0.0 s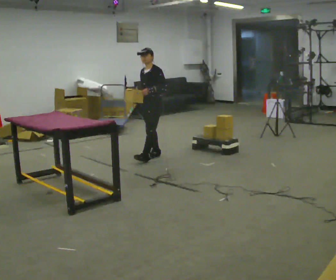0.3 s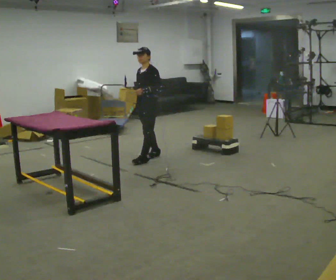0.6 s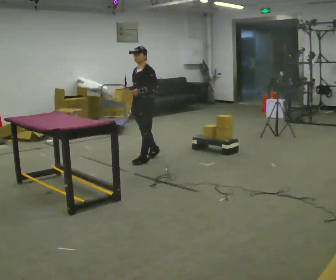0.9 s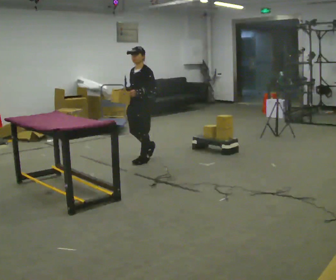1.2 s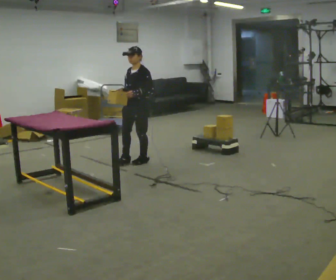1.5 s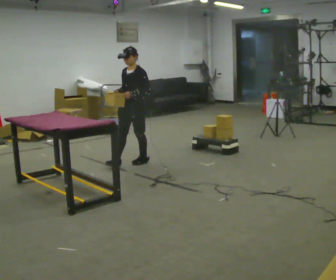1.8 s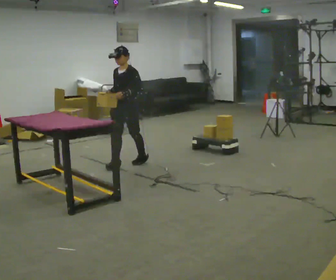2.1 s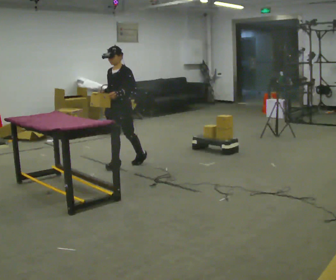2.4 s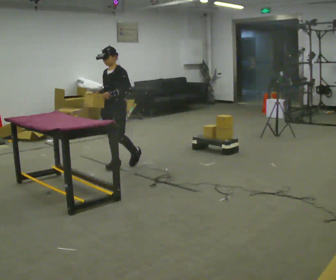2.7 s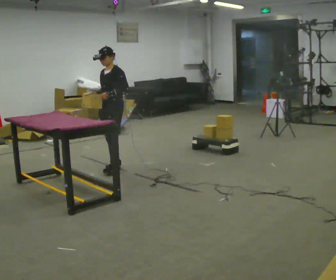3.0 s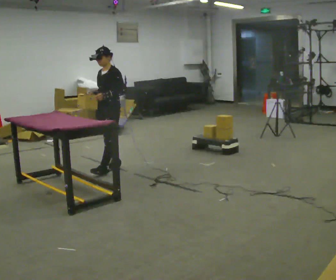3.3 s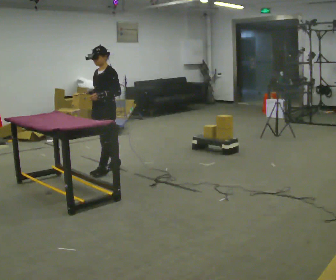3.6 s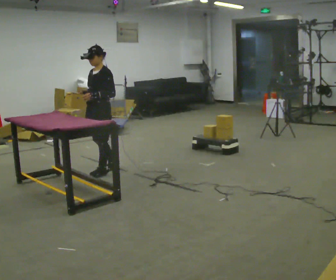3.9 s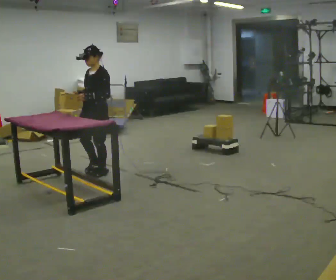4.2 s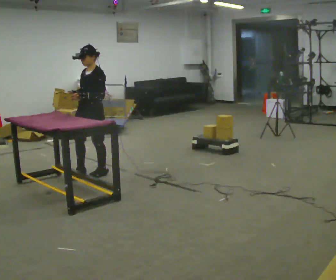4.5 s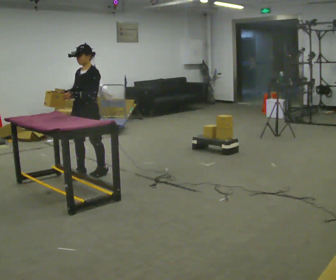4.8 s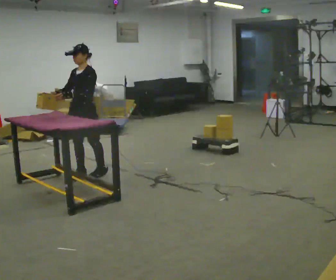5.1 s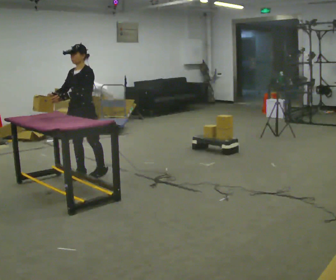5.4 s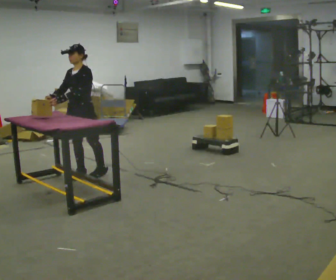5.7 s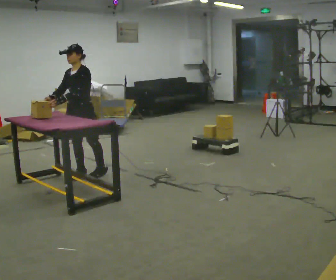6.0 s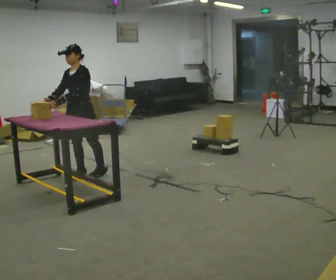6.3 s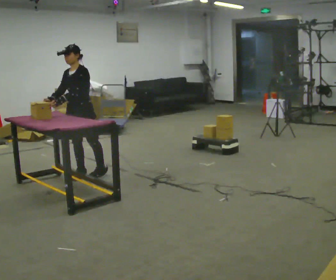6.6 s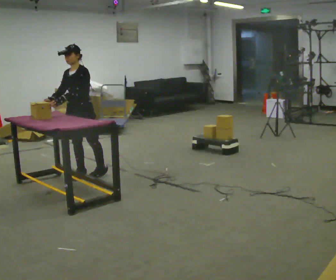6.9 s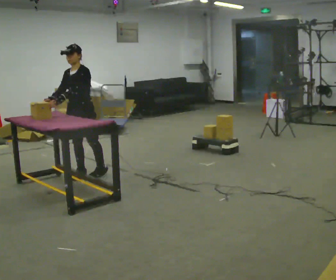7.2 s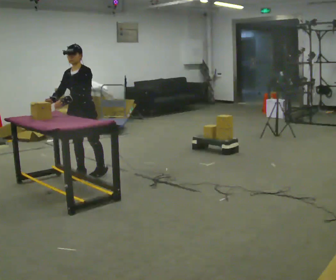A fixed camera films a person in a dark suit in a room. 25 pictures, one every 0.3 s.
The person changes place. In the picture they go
to the left.
0.0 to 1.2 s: In the picture they go to the left and toward the camera, about 0.25 m, which for them is forward.
1.2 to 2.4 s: In the picture they go to the left, about 0.25 m in 1 step, which for them is forward.
2.4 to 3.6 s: In the picture they go to the left and toward the camera, about 0.25 m in 1 step, which for them is forward.
3.6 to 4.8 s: In the picture they go to the left, about 0.25 m in 1 step, which for them is forward. In the picture their right hand goes to the left.
4.8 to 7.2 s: The person moves a little, or ends about where they began.
The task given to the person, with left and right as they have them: Carry the object across the room and place it on the shelf just at the top of your comfortable reach. Keep going until the operator says stop; one object at a time, and do not rush between trips.
The film runs forward here.
